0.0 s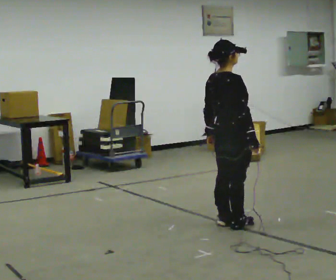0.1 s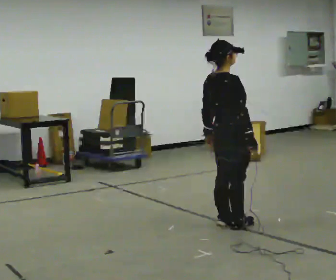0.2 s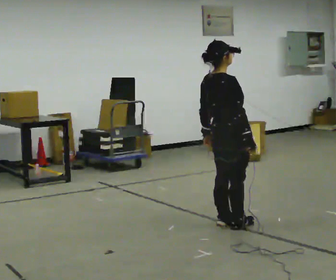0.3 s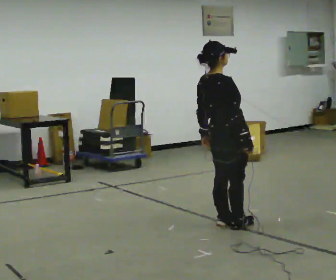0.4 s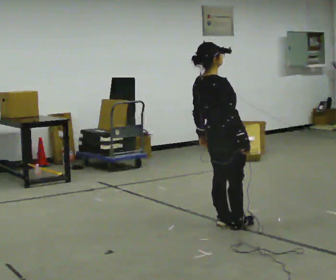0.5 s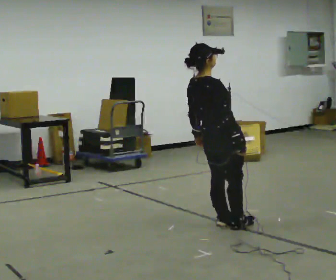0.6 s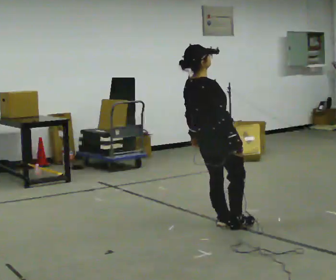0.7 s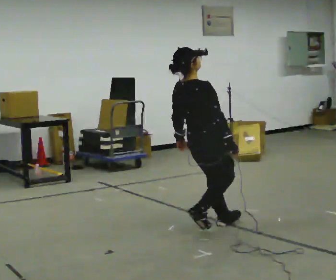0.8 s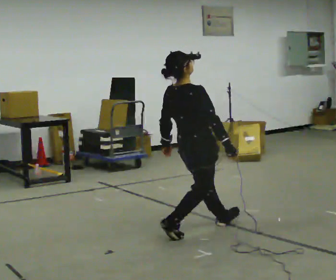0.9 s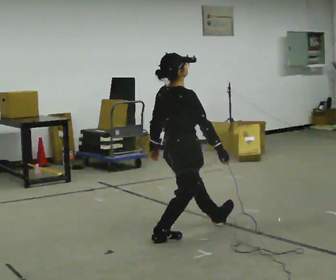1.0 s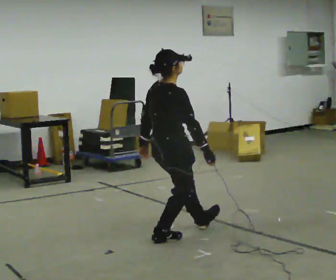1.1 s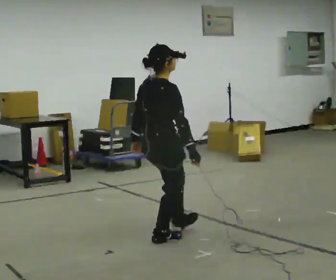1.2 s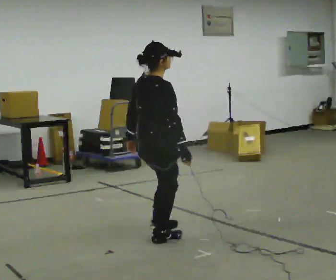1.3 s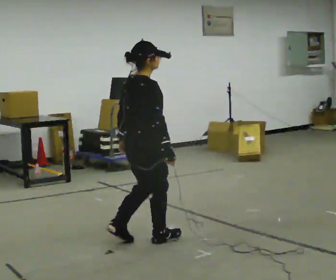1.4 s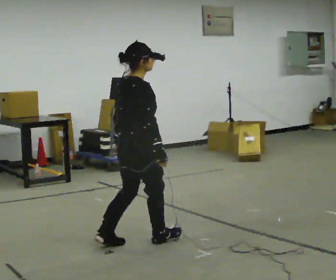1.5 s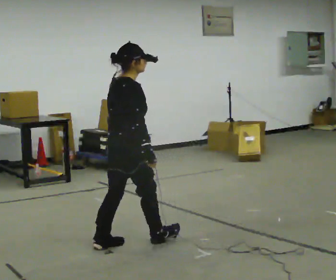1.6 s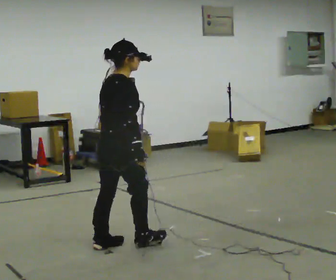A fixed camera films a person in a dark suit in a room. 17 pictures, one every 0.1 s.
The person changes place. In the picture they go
to the left.
0.0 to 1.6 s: In the picture they go to the left and toward the camera, about 1 m in 2 steps, which for them is backward.
The film runs forward here.
